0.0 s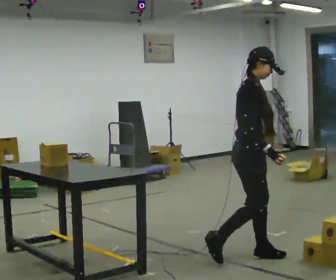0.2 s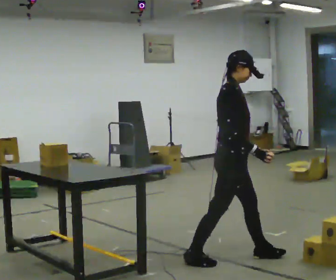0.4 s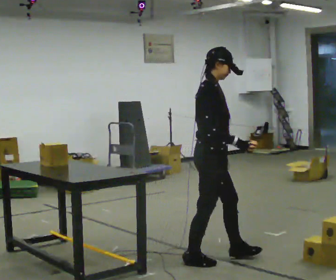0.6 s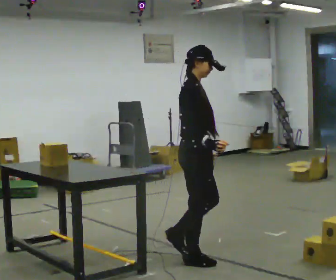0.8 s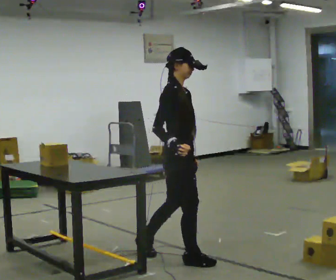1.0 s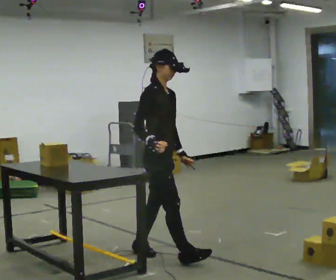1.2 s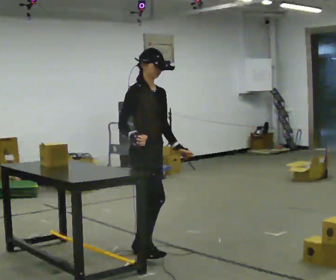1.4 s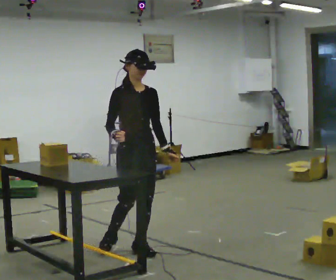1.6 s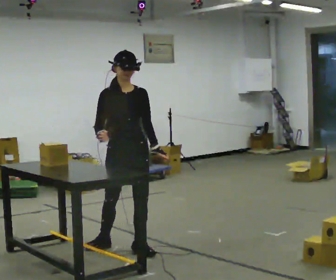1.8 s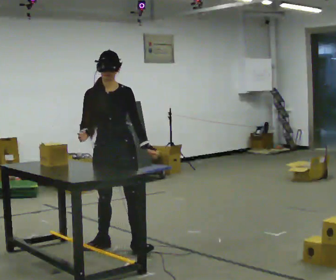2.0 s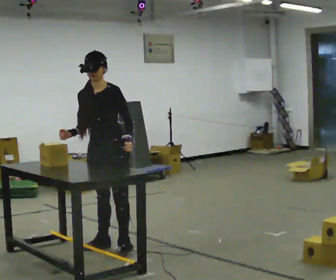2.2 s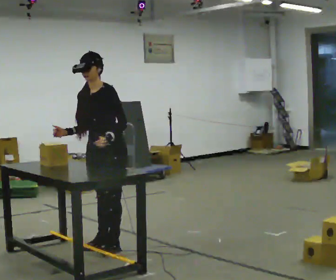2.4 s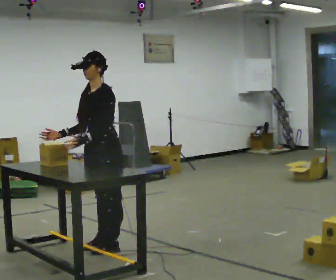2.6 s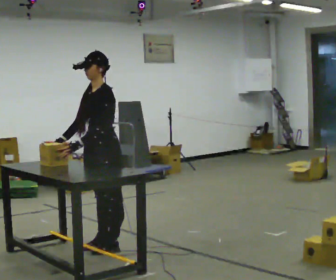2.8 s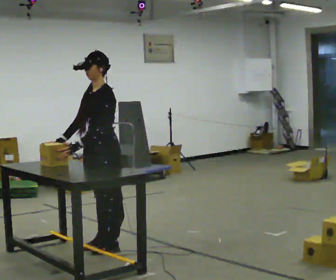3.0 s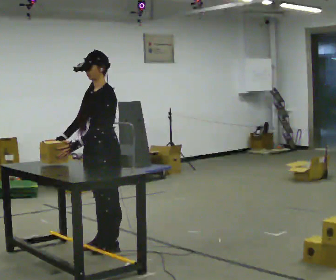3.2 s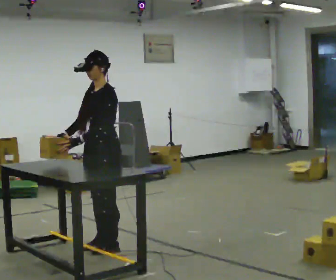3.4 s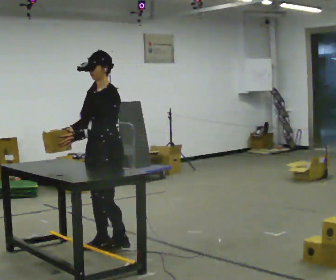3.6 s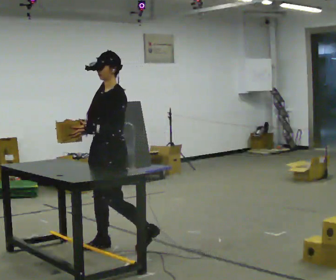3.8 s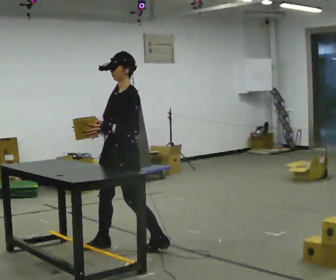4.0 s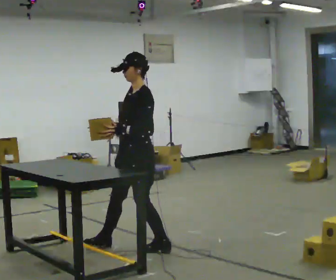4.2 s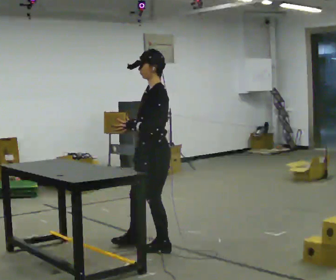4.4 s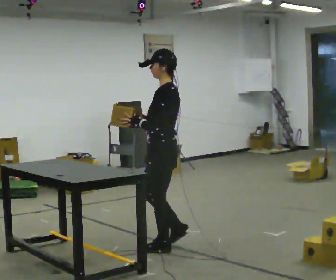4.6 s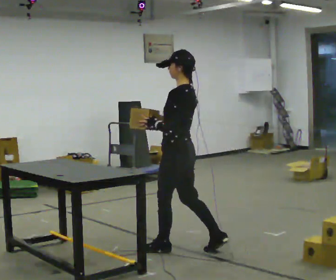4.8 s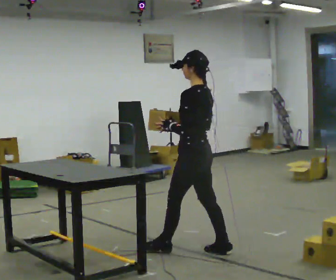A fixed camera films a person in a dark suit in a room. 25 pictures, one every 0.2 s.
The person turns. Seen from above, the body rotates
clockwise.
The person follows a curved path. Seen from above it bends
clockwise.
0.0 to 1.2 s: In the picture they go to the left and away from the camera, about 1 m in 2 steps, which for them is backward.
1.2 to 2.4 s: Seen from above the body turns clockwise, about 105 degrees: to their right, with its near side sliding to the left. In the picture they go away from the camera and to the left, about 0.5 m in 1 step.
2.4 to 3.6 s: The person moves a little, or ends about where they began.
3.6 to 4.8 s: The person turns about 60 degrees to their right, clockwise seen from above, so the part of the body nearest the lens slides to the left. In the picture they go to the right and toward the camera, about 0.75 m in 1 step.
The film runs backward here.
